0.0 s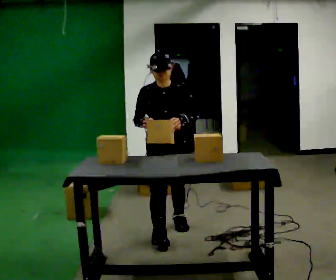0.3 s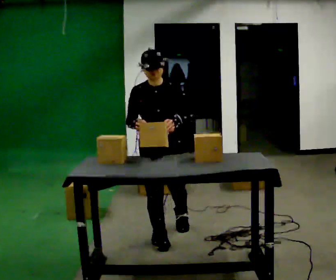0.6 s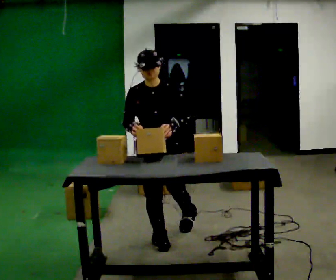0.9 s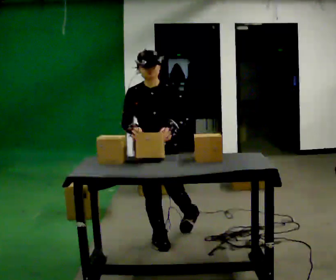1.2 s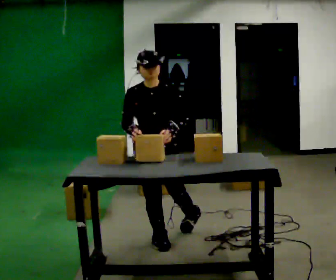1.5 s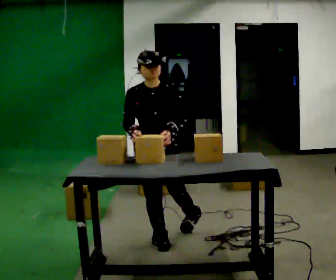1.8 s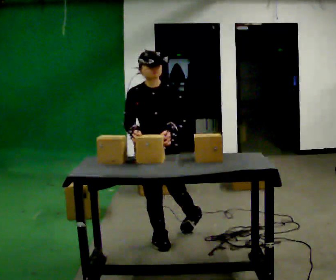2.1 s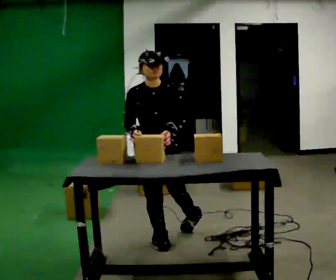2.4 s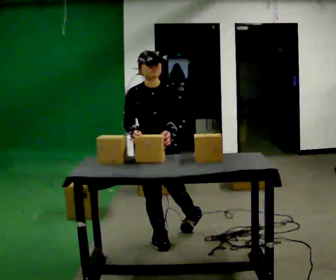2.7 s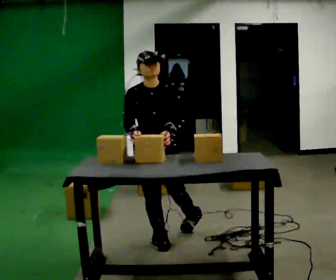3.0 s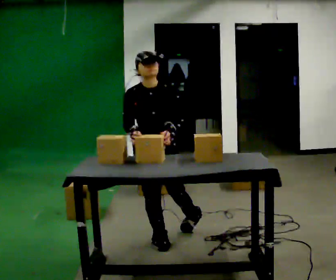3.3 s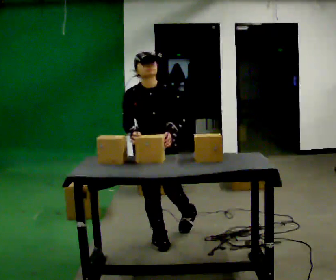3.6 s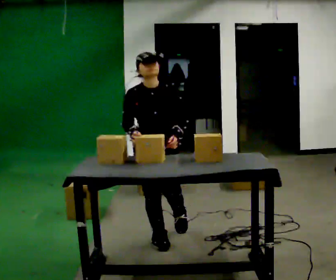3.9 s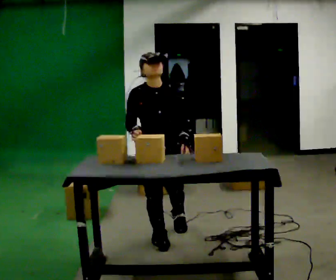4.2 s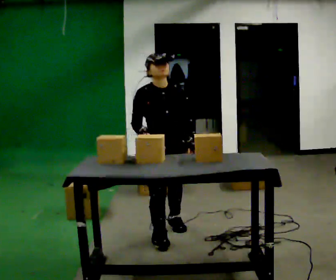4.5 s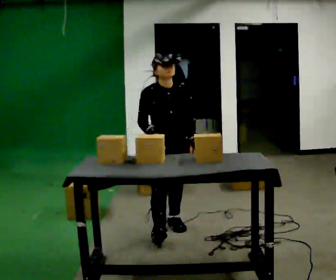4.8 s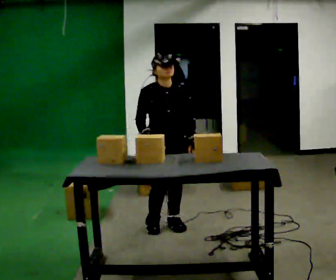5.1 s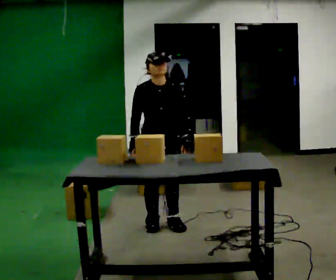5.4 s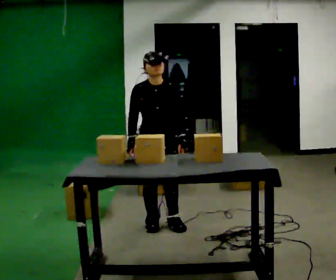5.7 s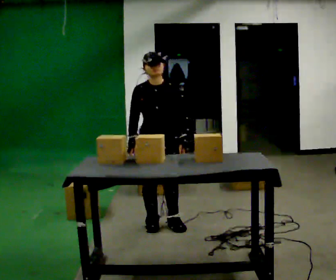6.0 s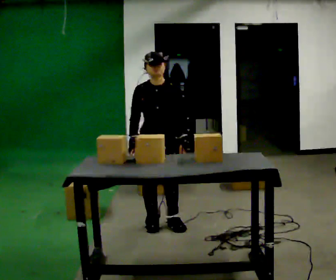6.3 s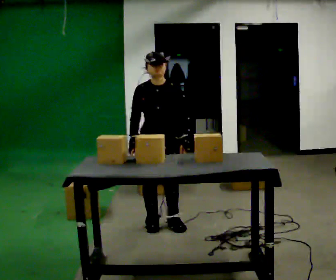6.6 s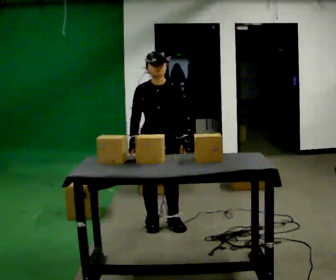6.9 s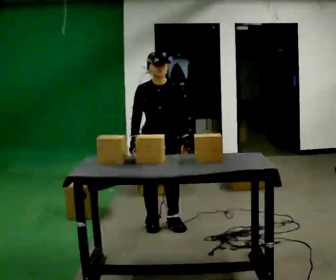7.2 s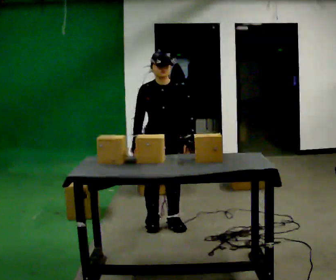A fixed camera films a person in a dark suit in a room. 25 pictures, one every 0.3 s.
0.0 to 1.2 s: In the picture they go toward the camera, about 0.25 m in 1 step, which for them is forward.
1.2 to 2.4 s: The person keeps their place and pose.
2.4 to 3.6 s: The person moves a little, or ends about where they began.
3.6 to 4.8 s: In the picture they go away from the camera, about 0.25 m, which for them is backward and to their left.
4.8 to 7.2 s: The person moves a little, or ends about where they began.
The film runs forward here.
